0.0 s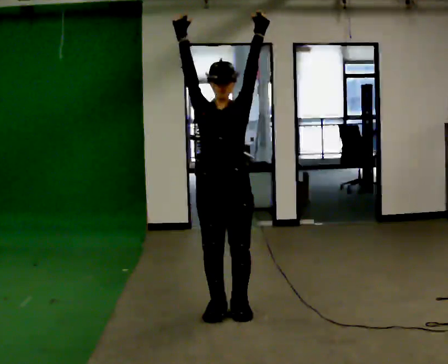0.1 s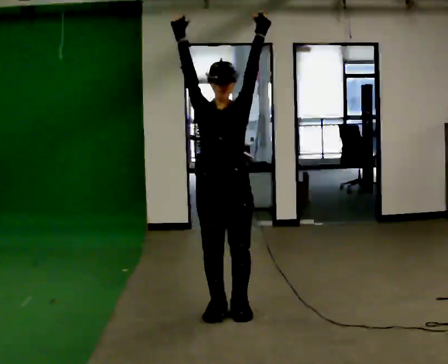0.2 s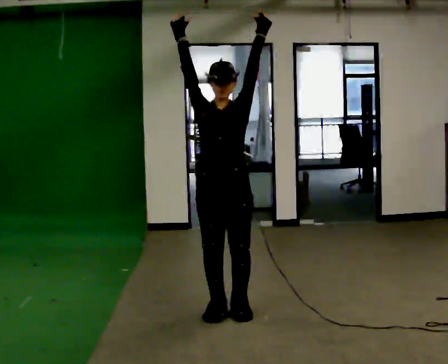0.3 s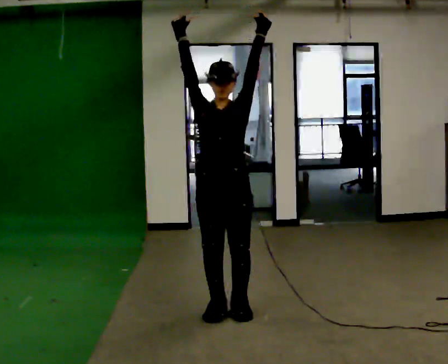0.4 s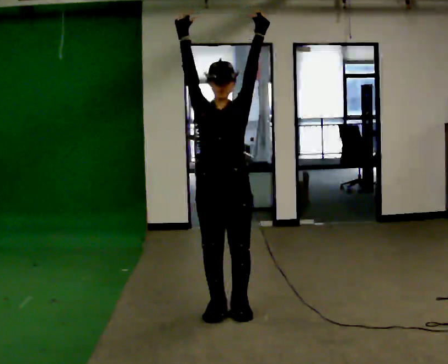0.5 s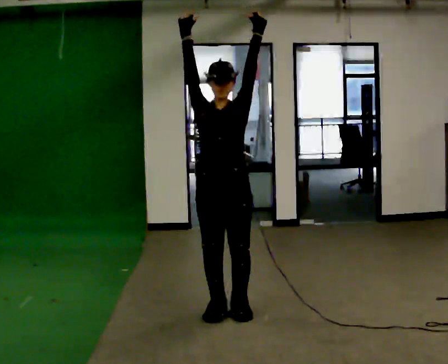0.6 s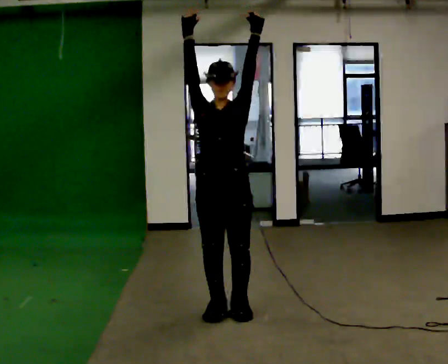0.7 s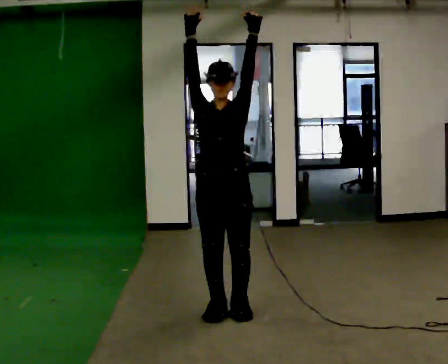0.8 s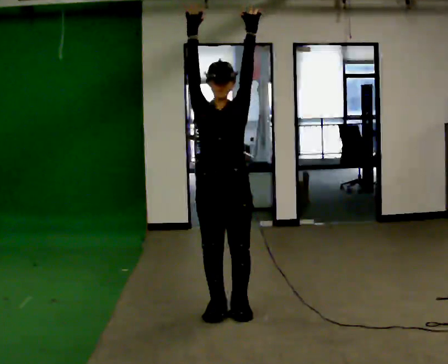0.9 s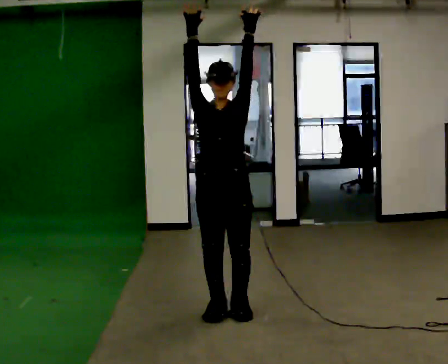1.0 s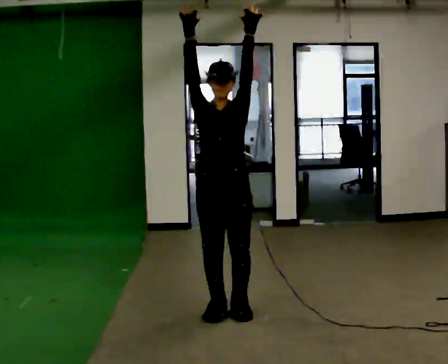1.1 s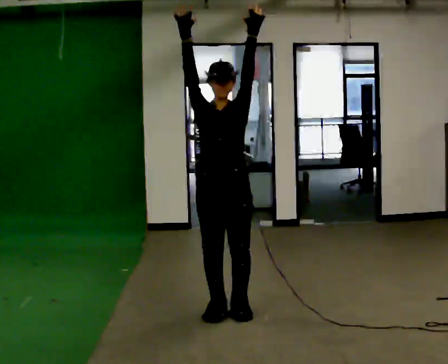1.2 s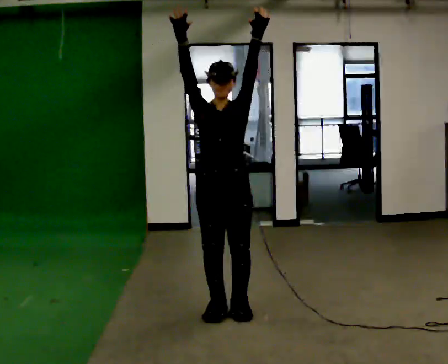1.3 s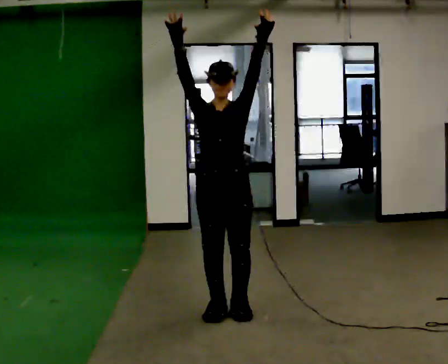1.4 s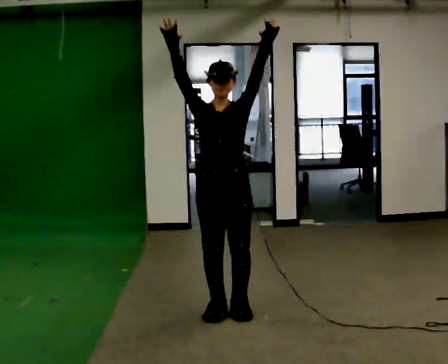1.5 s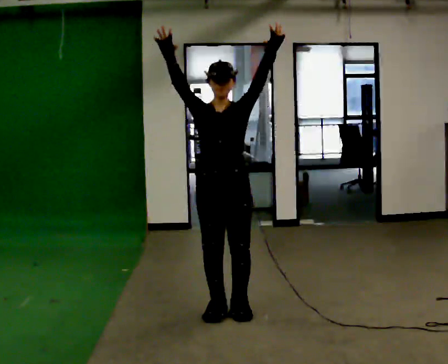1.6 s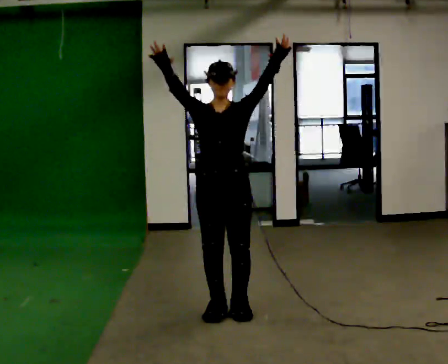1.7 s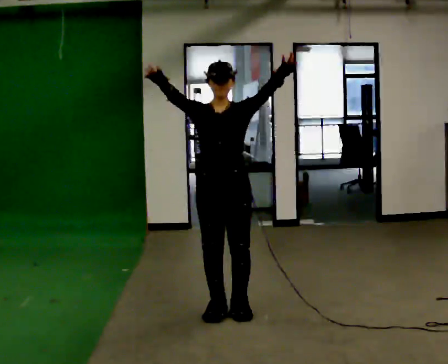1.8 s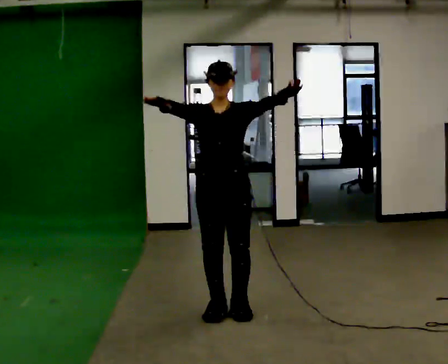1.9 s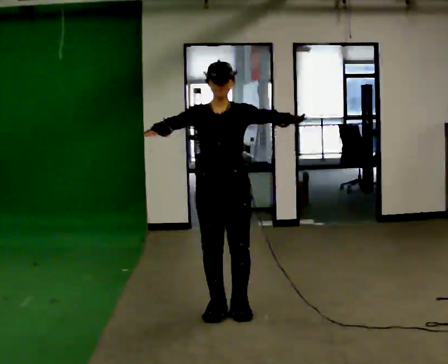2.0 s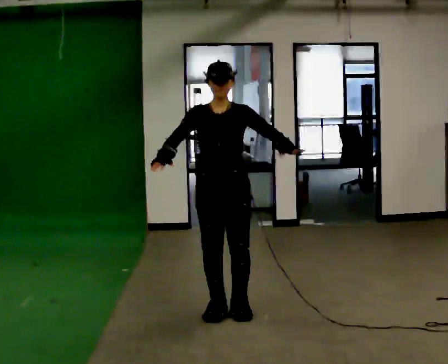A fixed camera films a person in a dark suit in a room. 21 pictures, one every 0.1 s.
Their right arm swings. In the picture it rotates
counterclockwise.
Their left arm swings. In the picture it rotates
clockwise.
0.0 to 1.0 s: The person moves a little, or ends about where they began.
1.0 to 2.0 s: In the picture their right hand goes downward, the arm swinging counterclockwise.
The film runs backward here.
